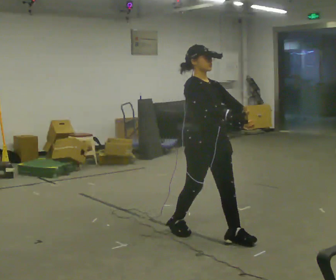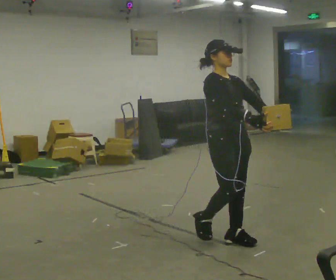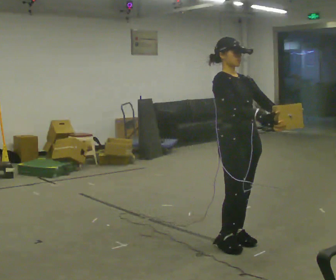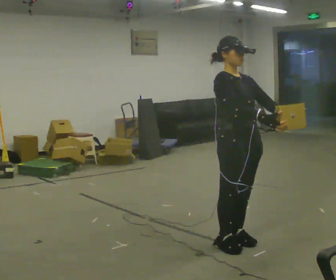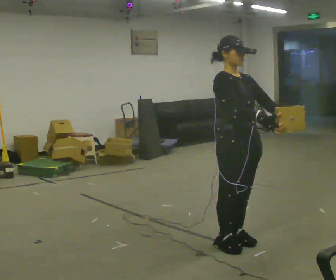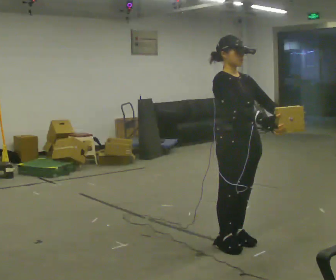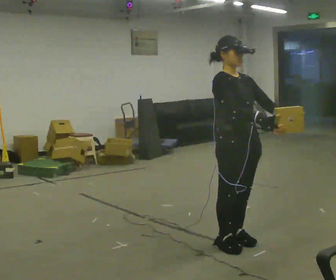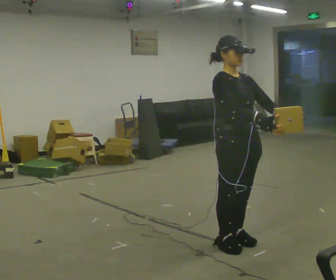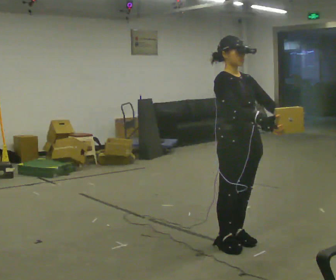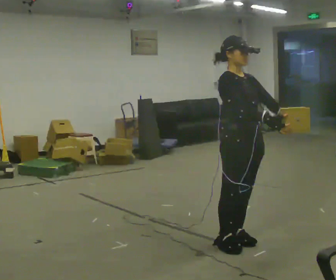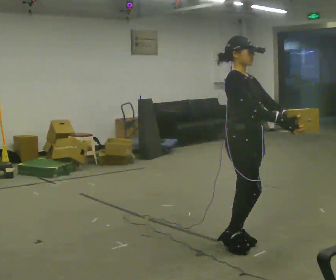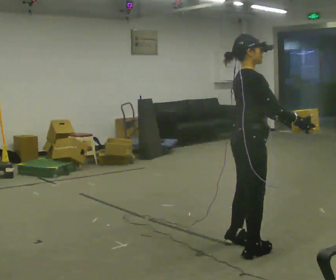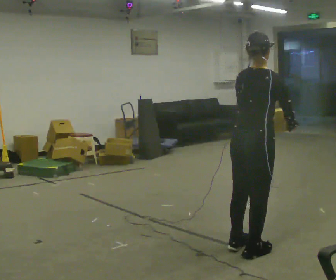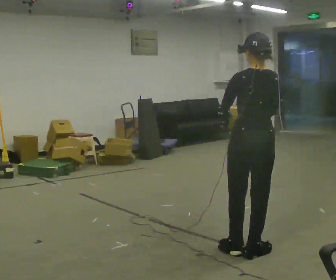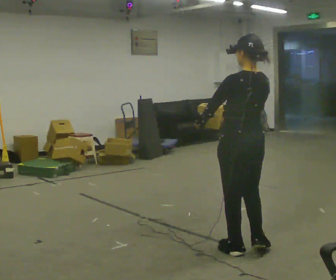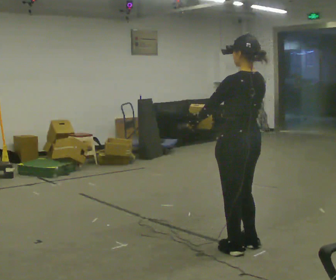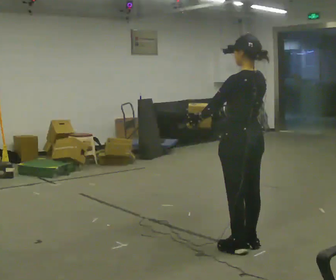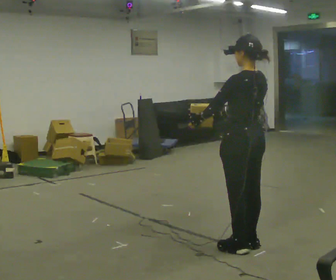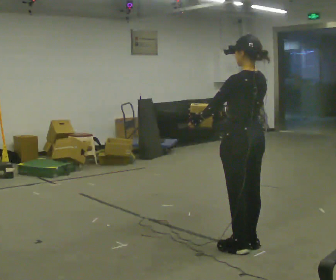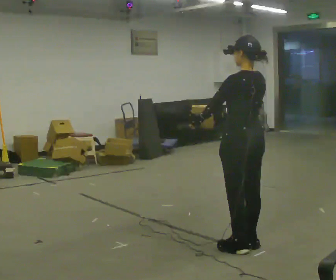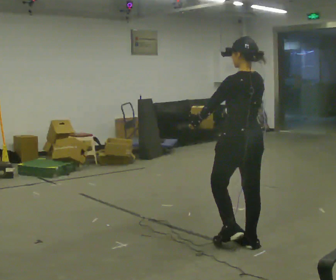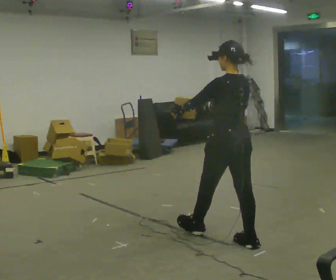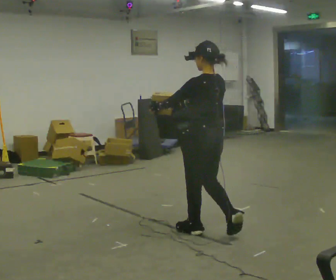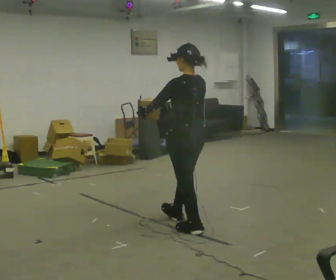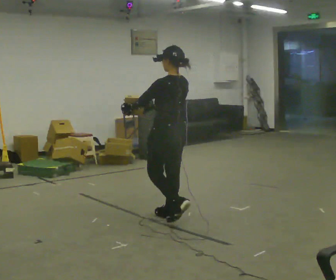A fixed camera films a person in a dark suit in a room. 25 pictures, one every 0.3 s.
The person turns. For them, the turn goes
to their left.
The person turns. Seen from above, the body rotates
counterclockwise.
0.0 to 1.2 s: In the picture they go toward the camera and to the right, about 0.25 m in 1 step, which for them is forward.
1.2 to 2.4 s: The person keeps their place and pose.
2.4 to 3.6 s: The part of the body nearest the lens slides to the right as the person turns to their left by about 105 degrees.
3.6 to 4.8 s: Seen from above the body turns counterclockwise, about 75 degrees: to their left, with its near side sliding to the right. In the picture their right hand goes to the left, the arm swinging clockwise.
4.8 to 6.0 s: The person moves a little, or ends about where they began.
6.0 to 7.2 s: In the picture they go to the left and away from the camera, about 1 m in 2 steps, which for them is forward.
The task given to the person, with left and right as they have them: Carry the light box in both hands in front of you, walking back and forth across the room. Keep walking until the operator says stop.
The film runs forward here.
